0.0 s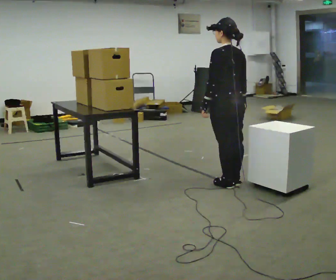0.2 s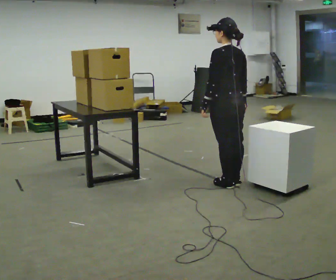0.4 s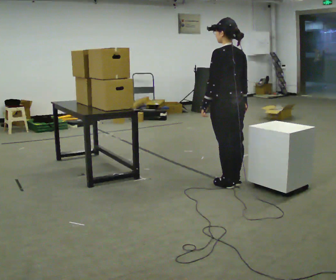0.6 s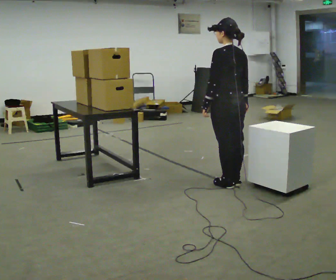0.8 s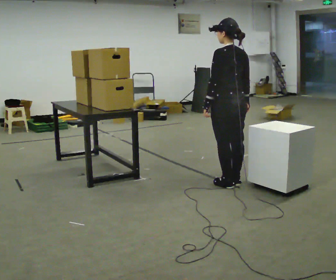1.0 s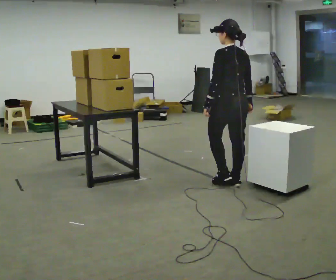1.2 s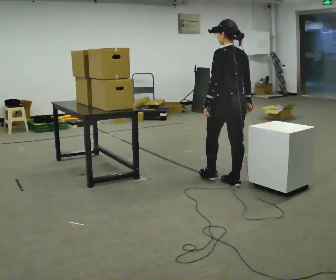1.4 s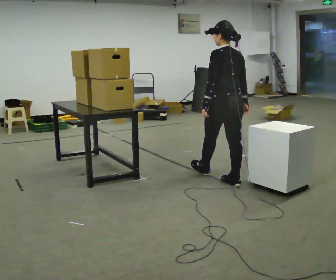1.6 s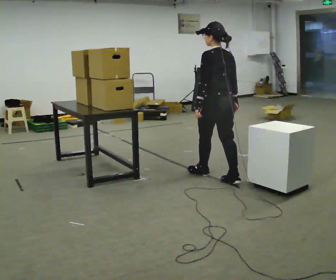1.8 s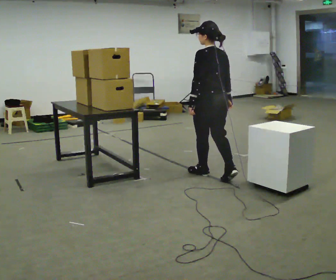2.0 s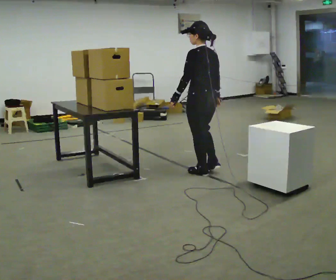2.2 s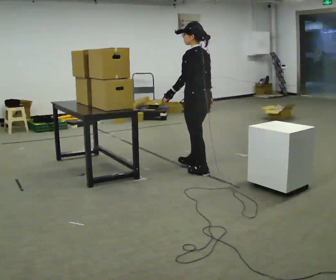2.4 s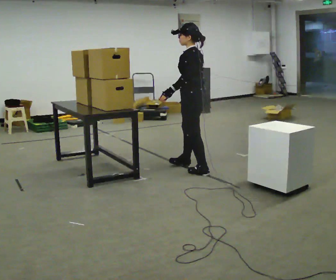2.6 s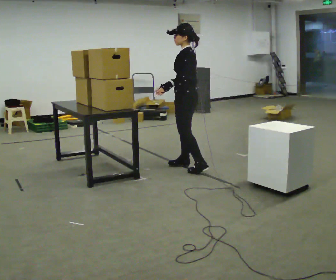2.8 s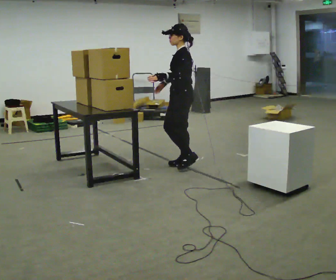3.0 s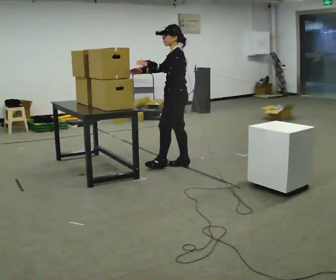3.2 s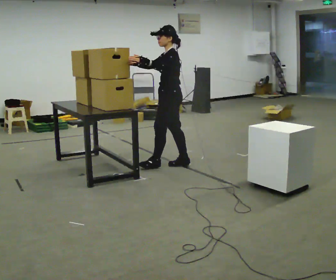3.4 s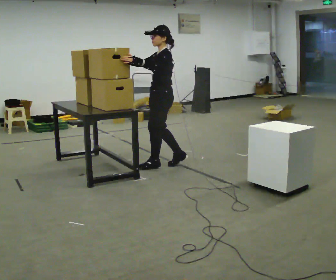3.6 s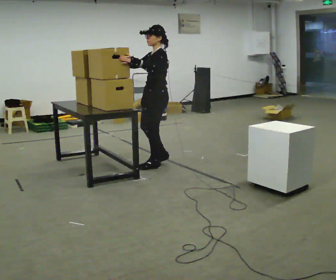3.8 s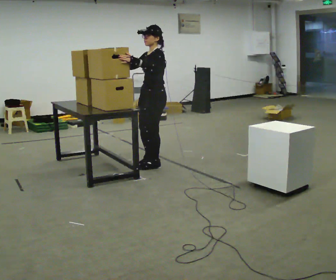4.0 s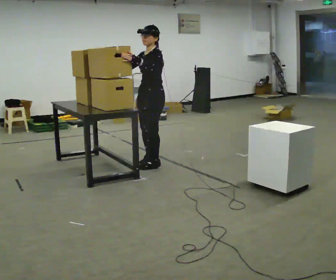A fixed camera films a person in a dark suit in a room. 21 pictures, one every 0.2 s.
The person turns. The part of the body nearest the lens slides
to the right.
The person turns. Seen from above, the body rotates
counterclockwise.
0.0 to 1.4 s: The person moves a little, or ends about where they began.
1.4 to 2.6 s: The person turns about 45 degrees to their left, counterclockwise seen from above, so the part of the body nearest the lens slides to the right. In the picture they go away from the camera and to the left, about 0.5 m in 2 steps, which for them is forward.
2.6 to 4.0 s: The person turns about 45 degrees to their left, counterclockwise seen from above, so the part of the body nearest the lens slides to the right. In the picture they go to the left, about 0.5 m in 2 steps, which for them is forward and to their right. In the picture their right hand goes upward, the arm swinging clockwise.
The film runs forward here.
